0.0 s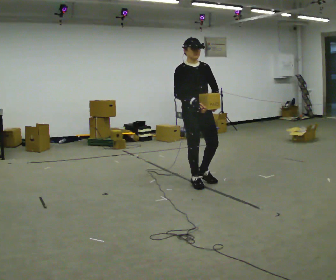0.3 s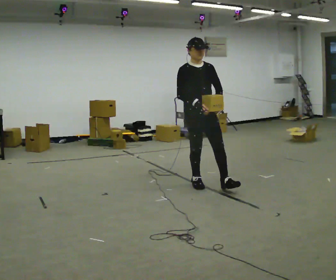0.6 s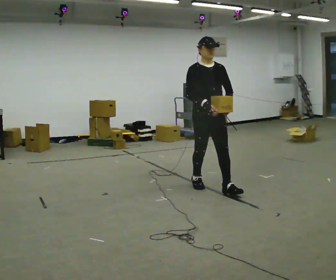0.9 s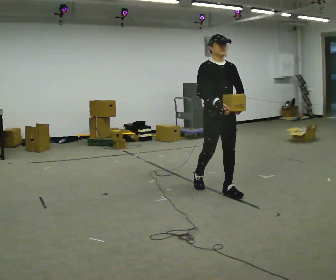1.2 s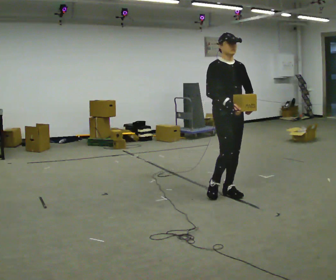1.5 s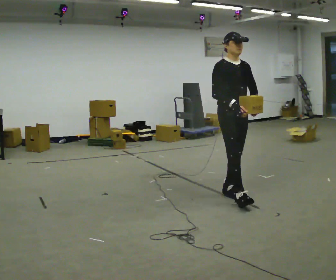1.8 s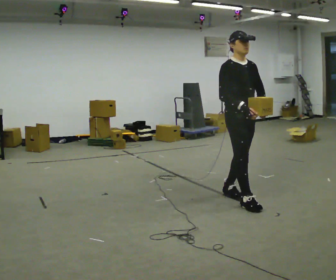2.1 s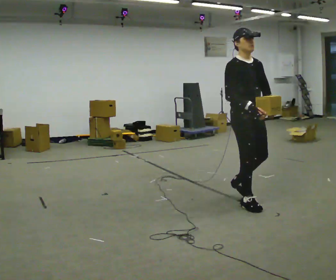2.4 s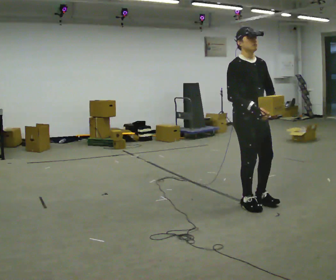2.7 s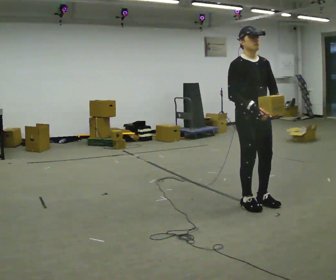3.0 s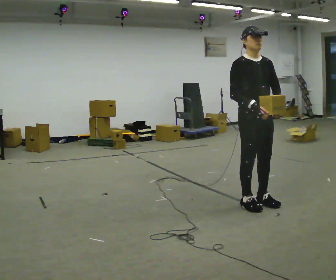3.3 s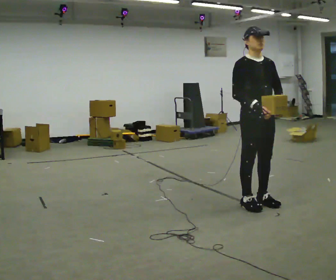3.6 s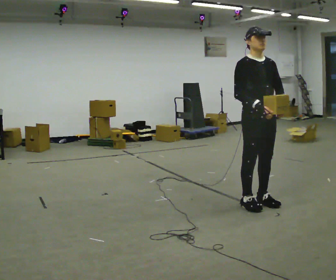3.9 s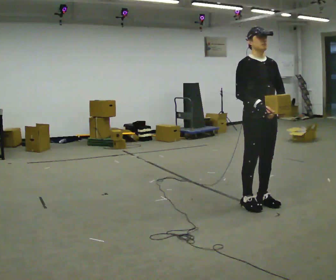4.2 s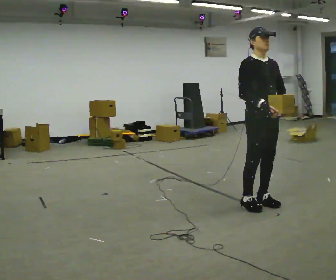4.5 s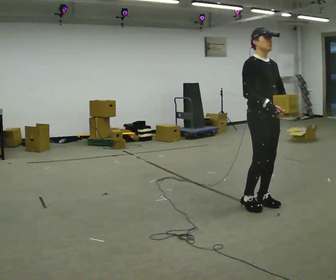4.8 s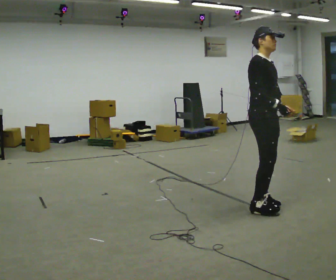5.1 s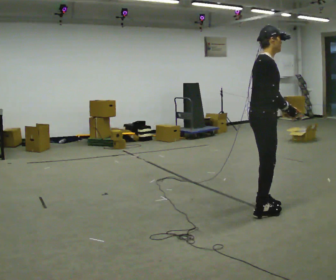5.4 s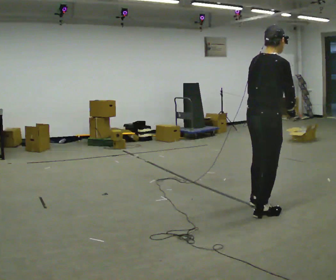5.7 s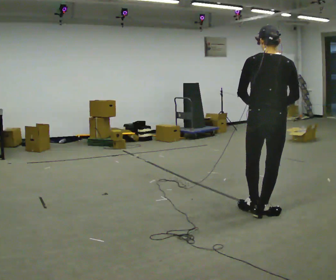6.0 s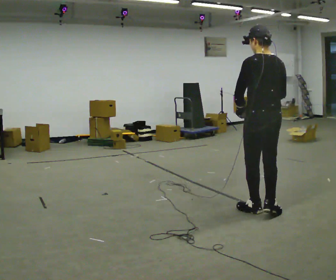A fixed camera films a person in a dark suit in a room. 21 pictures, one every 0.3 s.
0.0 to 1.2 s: In the picture they go to the right and toward the camera, about 0.5 m in 1 step, which for them is forward.
1.2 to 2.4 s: In the picture they go toward the camera and to the right, about 0.5 m in 1 step, which for them is forward.
2.4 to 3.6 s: The person moves a little, or ends about where they began.
3.6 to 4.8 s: The part of the body nearest the lens slides to the right as the person turns to their left by about 30 degrees.
4.8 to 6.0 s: The person turns about 150 degrees to their left, counterclockwise seen from above, so the part of the body nearest the lens slides to the right. In the picture they go toward the camera, about 0.25 m in 2 steps. In the picture their left hand goes to the left, the arm swinging clockwise.
The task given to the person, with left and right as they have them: Carry the light box in both hands in front of you, walking back and forth across the room. Keep walking until the operator says stop.
The film runs forward here.
